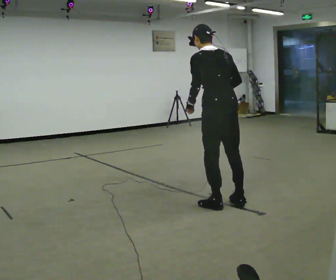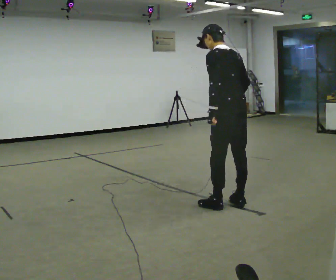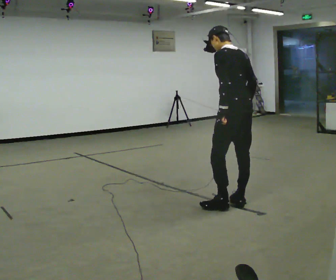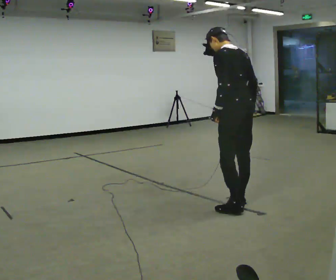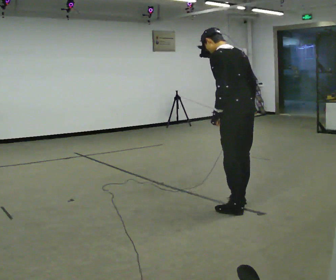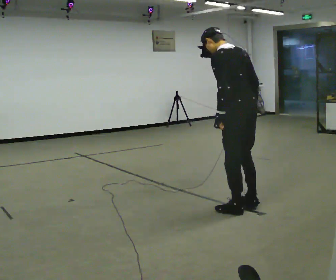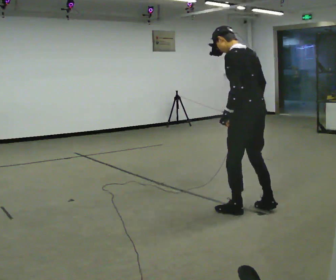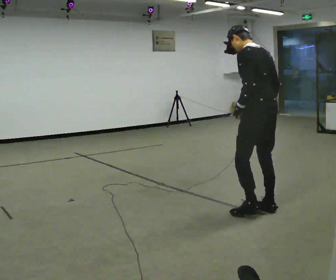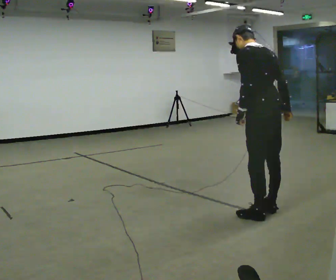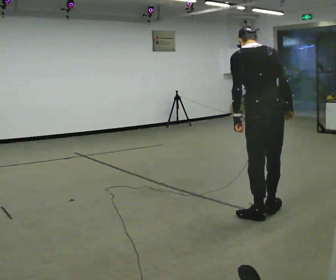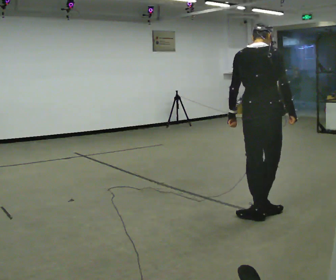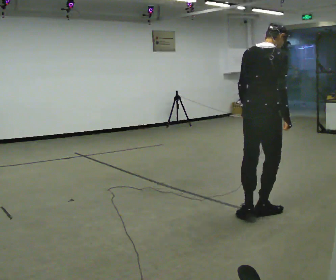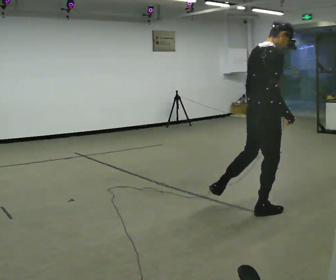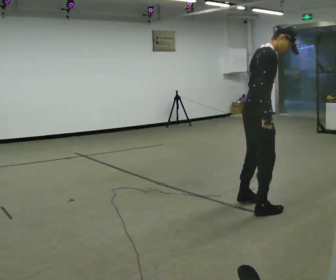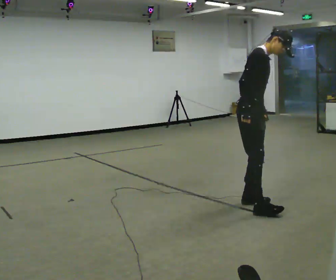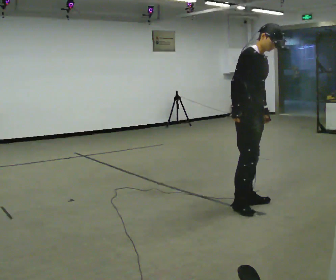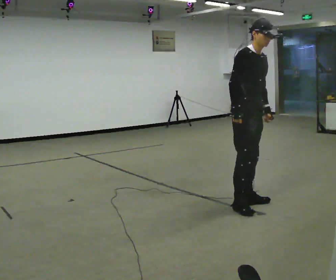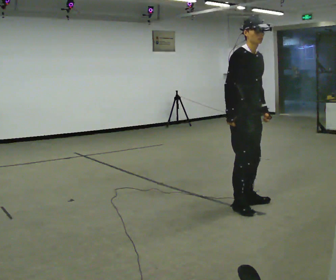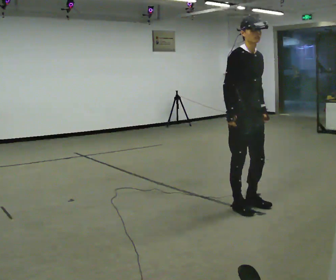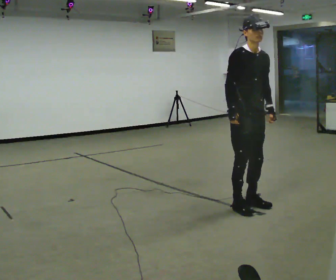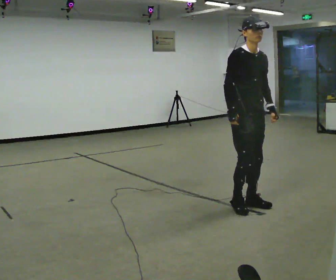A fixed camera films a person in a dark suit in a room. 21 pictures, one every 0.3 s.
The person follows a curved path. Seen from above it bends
clockwise.
0.0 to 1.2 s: The person moves a little, or ends about where they began.
1.2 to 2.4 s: In the picture they go to the right, about 0.25 m in 2 steps, which for them is backward.
2.4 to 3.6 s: The person turns about 105 degrees to their right, clockwise seen from above, so the part of the body nearest the lens slides to the left. In the picture the upper body tilts clockwise, shoulders to the right.
3.6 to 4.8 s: The person turns about 60 degrees to their right, clockwise seen from above, so the part of the body nearest the lens slides to the left. In the picture they go away from the camera, about 0.25 m in 2 steps.
4.8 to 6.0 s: The person moves a little, or ends about where they began.
The film runs forward here.
